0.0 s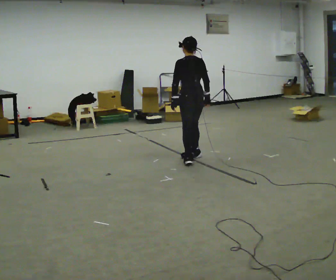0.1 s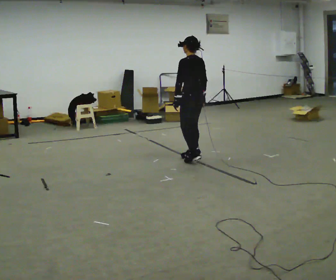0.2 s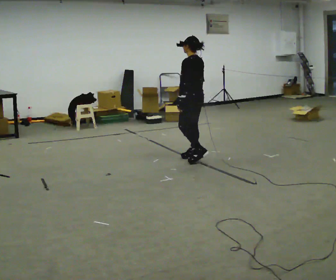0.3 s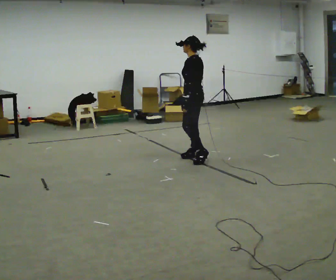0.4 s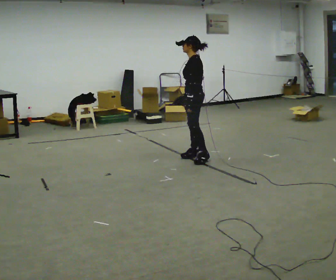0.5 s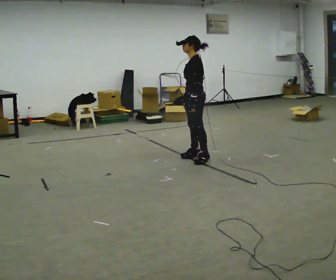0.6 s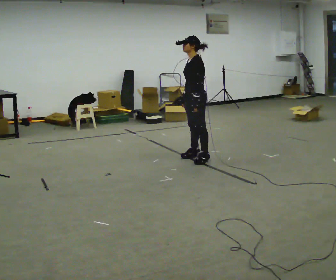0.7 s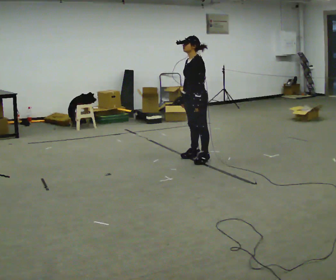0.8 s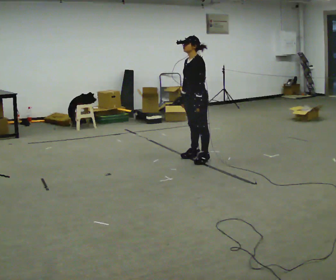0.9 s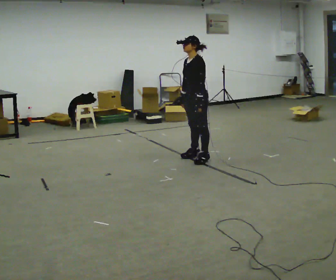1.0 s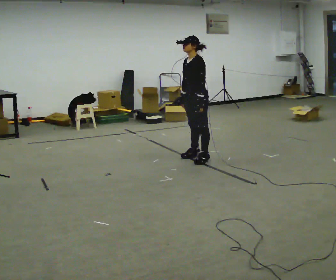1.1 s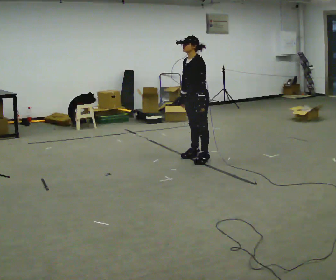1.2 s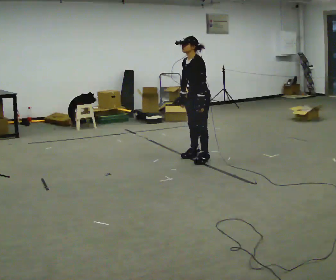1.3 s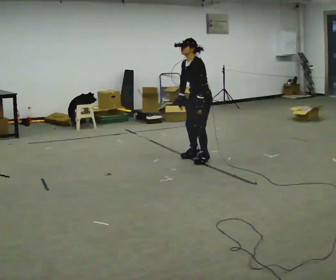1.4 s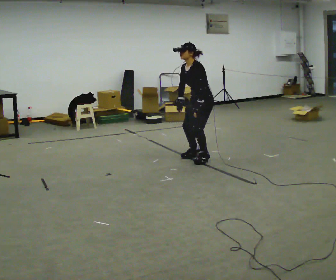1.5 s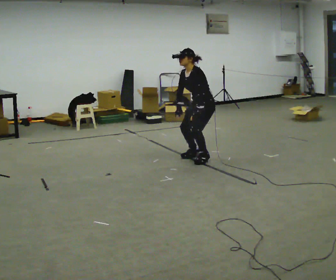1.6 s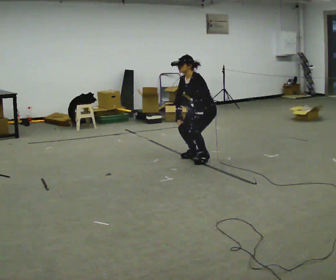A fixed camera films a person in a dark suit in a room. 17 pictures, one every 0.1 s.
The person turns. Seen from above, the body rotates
counterclockwise.
The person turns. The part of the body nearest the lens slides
to the right.
0.0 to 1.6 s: The part of the body nearest the lens slides to the right as the person turns to their left by about 90 degrees. In the picture they go to the right, about 0.25 m in 1 step. The shoulders move downward. In the picture the upper body tilts counterclockwise, shoulders to the left, as they bend forward. In the picture their right hand goes to the left, the arm swinging clockwise.
The film runs backward here.
